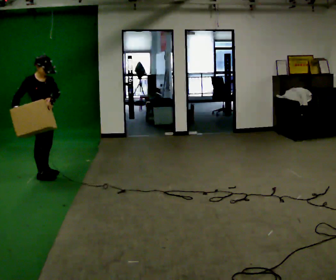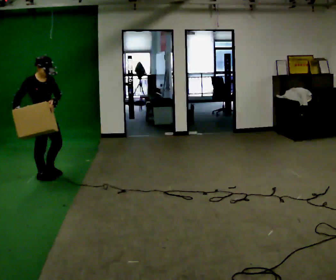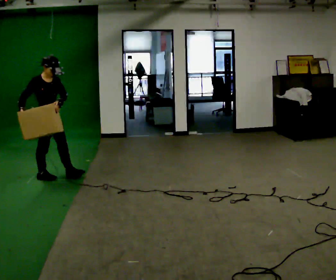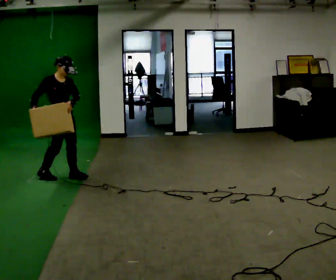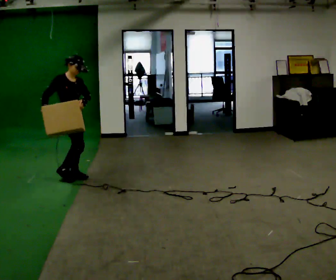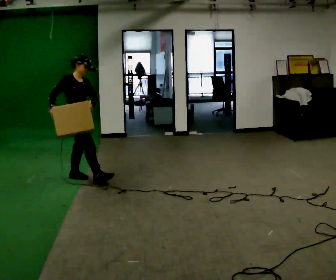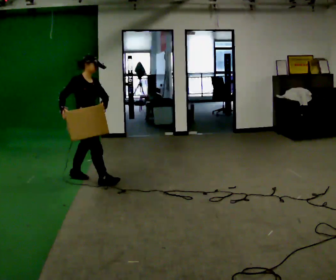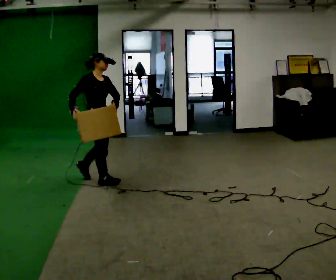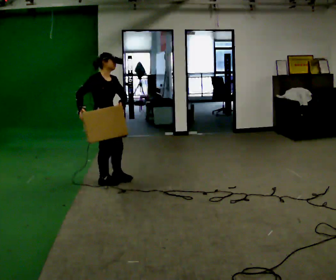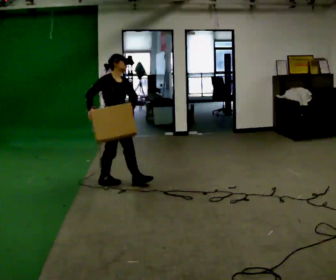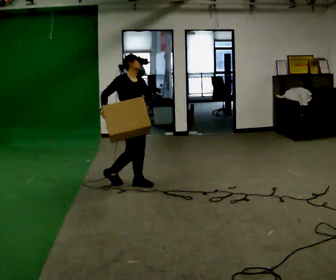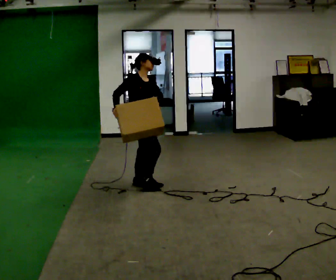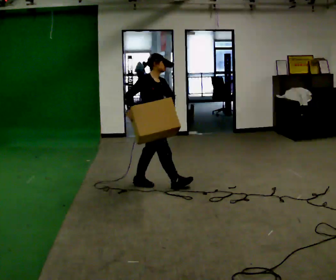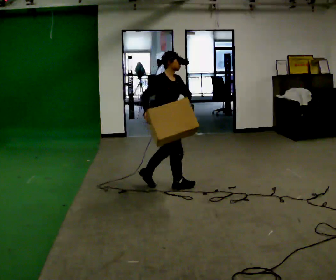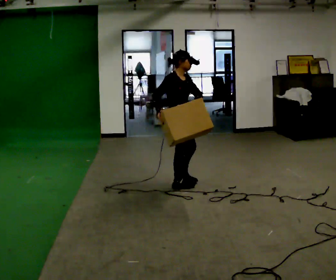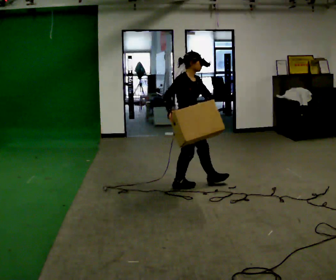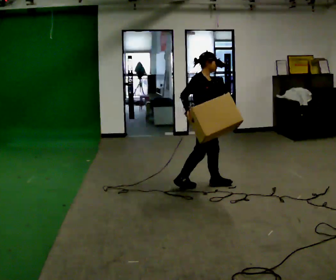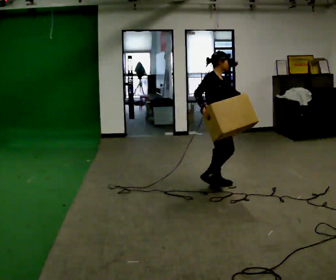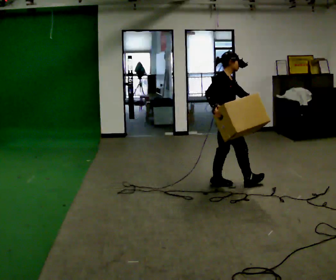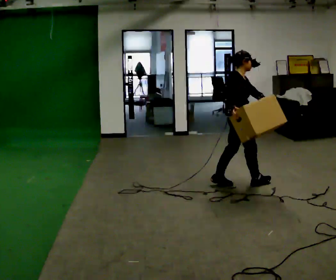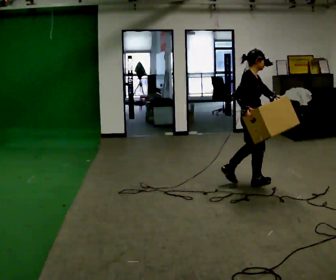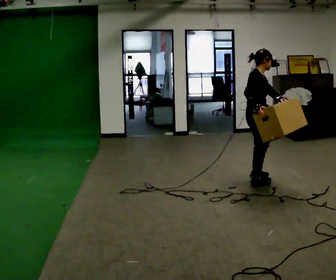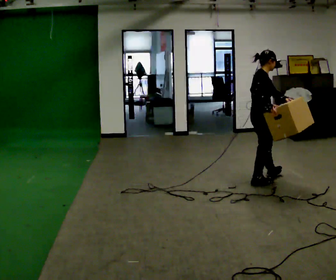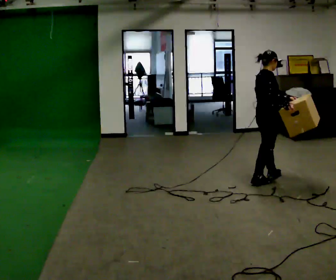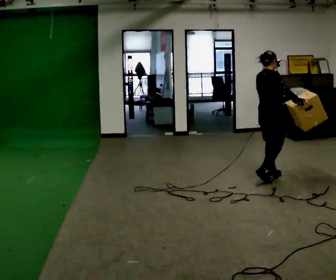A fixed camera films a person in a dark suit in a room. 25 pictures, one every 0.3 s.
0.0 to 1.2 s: In the picture they go to the right, about 0.25 m in 1 step, which for them is forward.
1.2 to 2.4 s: In the picture they go to the right and toward the camera, about 0.5 m in 1 step, which for them is forward.
2.4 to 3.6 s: In the picture they go to the right, about 0.5 m in 2 steps, which for them is forward.
3.6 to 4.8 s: In the picture they go to the right, about 0.5 m in 1 step, which for them is forward.
4.8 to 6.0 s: In the picture they go to the right, about 0.5 m in 1 step, which for them is forward.
6.0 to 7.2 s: The part of the body nearest the lens slides to the right as the person turns to their left by about 30 degrees. In the picture they go to the right, about 0.25 m in 1 step, which for them is forward and to their left.
The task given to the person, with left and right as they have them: Carry the box and, while walking, shift it to a different hold: front, then hip, then shoulder, then back to front. Do not stop walking.
The film runs forward here.
